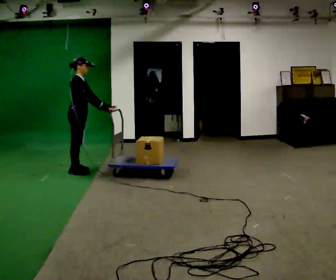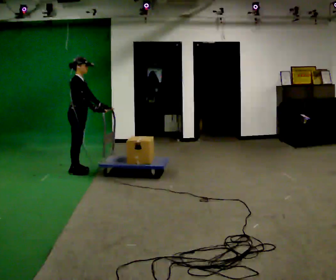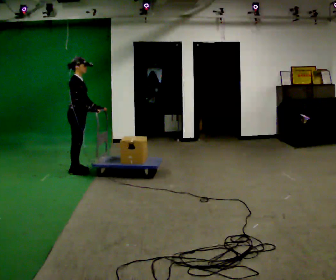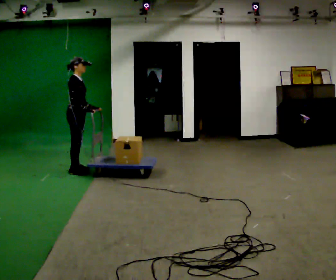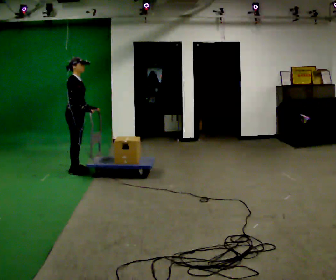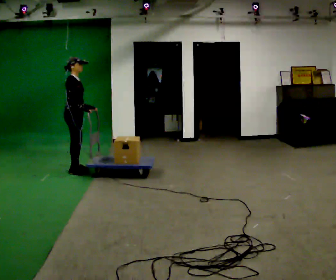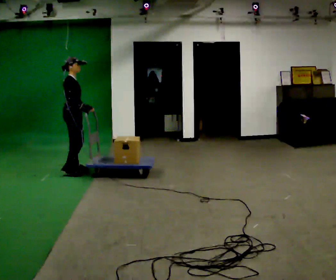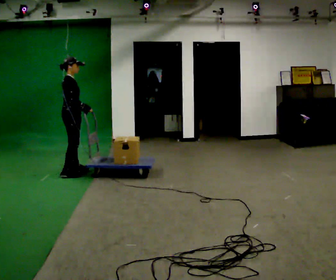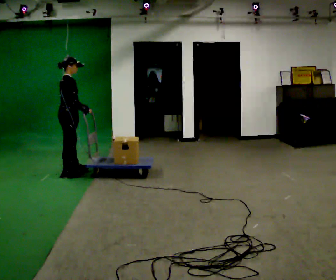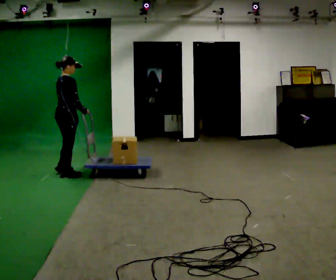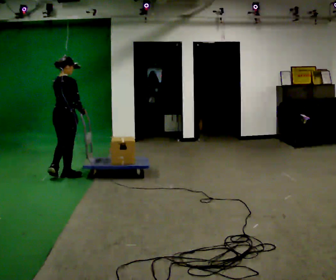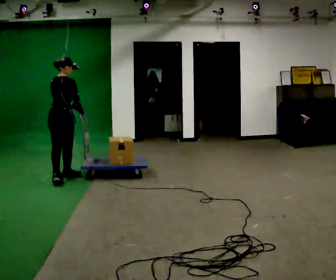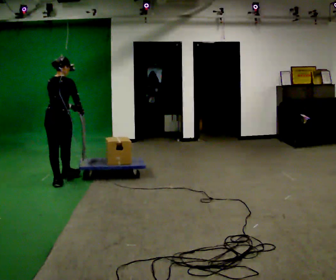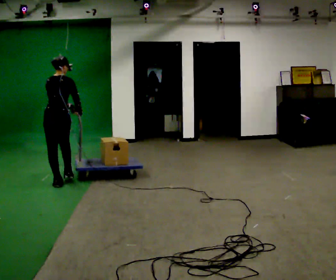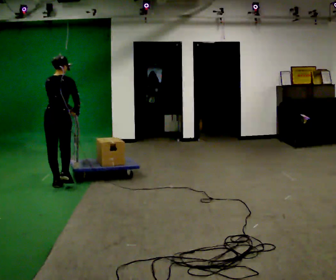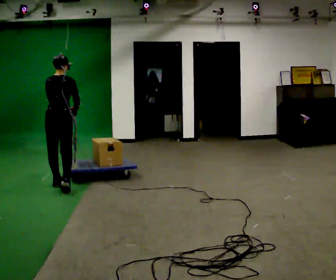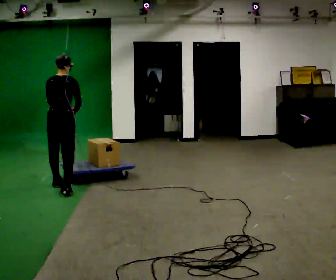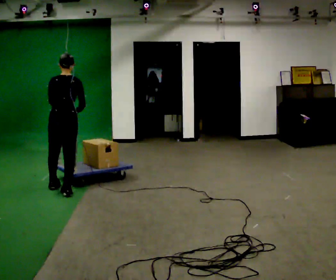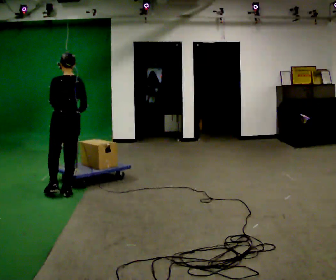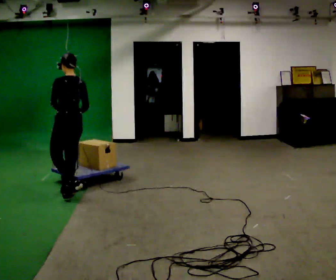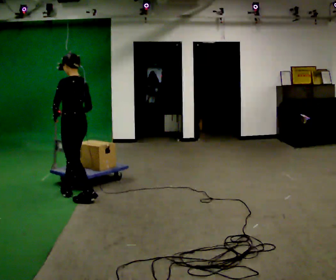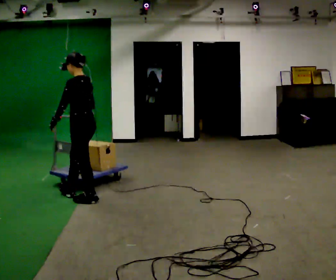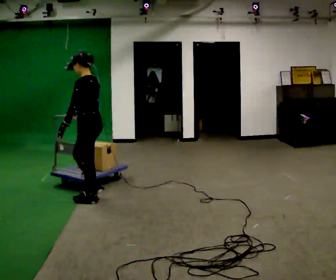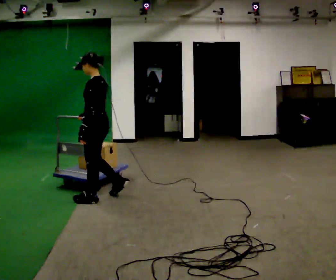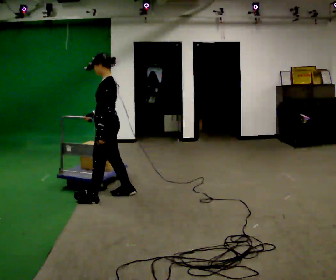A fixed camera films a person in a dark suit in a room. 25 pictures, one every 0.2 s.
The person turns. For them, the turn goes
to their left.
The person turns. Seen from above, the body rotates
counterclockwise.
0.0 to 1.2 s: The person moves a little, or ends about where they began.
1.2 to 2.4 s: Seen from above the body turns counterclockwise, about 75 degrees: to their left, with its near side sliding to the right. In the picture they go toward the camera, about 0.5 m in 1 step.
2.4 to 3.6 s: The person turns about 45 degrees to their left, counterclockwise seen from above, so the part of the body nearest the lens slides to the right. In the picture they go toward the camera, about 0.5 m in 2 steps, which for them is backward.
3.6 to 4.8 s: The part of the body nearest the lens slides to the right as the person turns to their left by about 60 degrees. In the picture they go to the right and toward the camera, about 0.5 m in 1 step.
The film runs backward here.
